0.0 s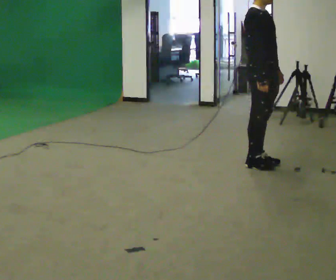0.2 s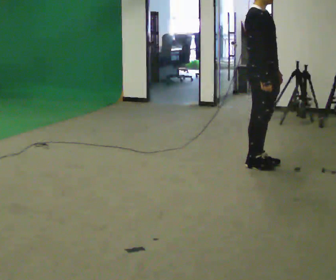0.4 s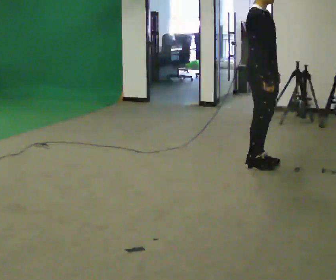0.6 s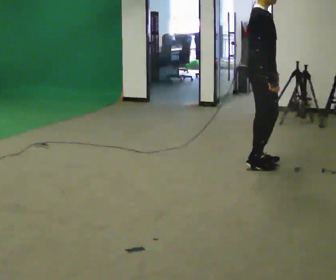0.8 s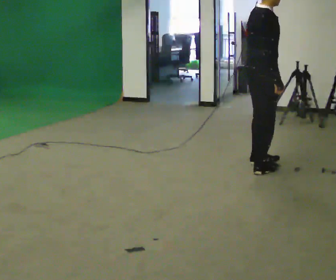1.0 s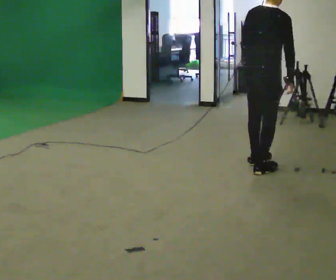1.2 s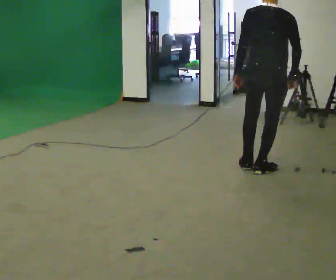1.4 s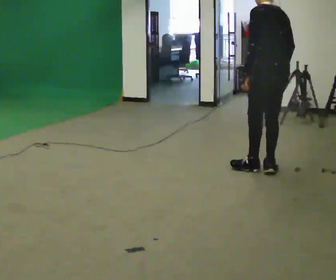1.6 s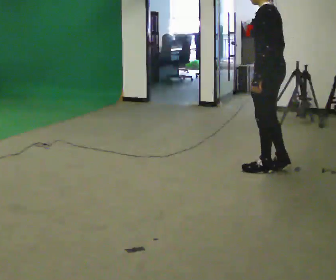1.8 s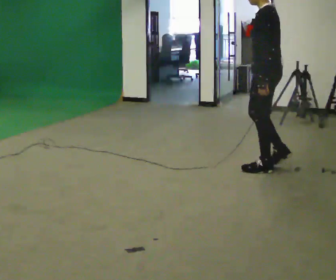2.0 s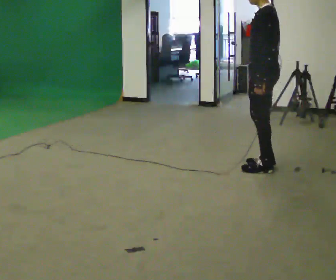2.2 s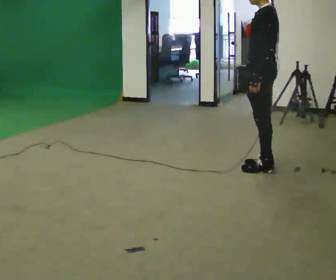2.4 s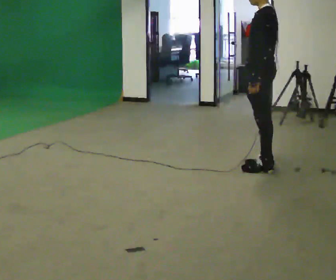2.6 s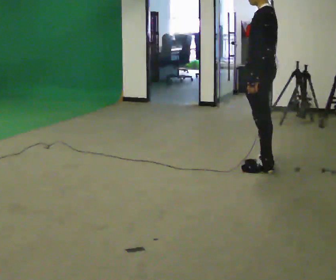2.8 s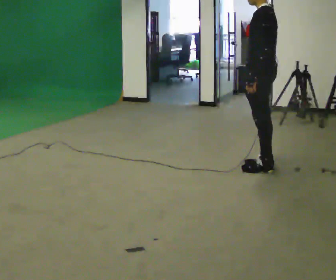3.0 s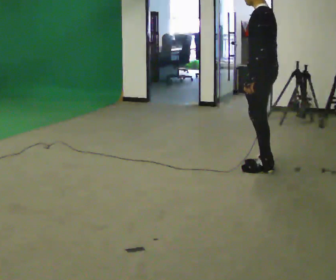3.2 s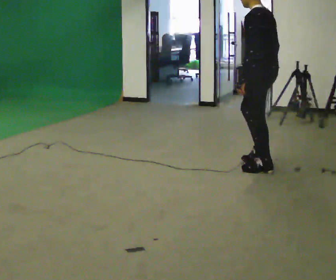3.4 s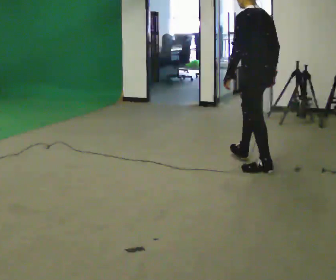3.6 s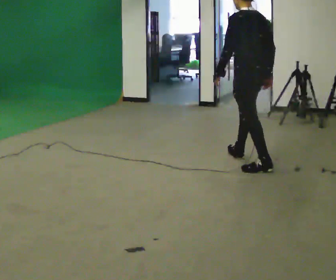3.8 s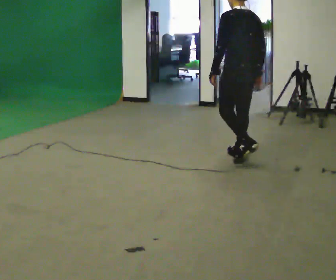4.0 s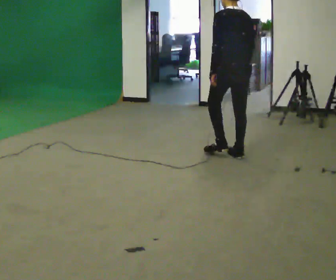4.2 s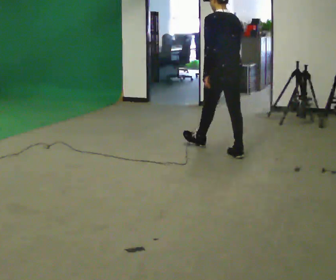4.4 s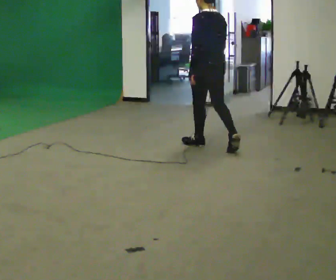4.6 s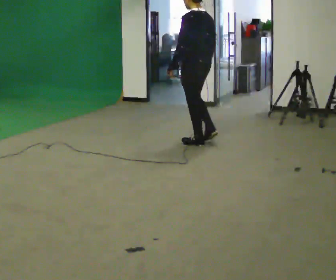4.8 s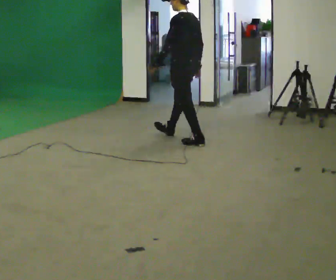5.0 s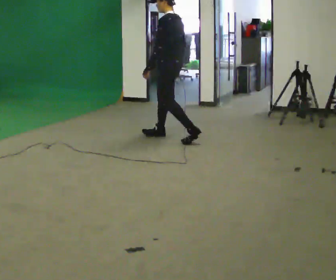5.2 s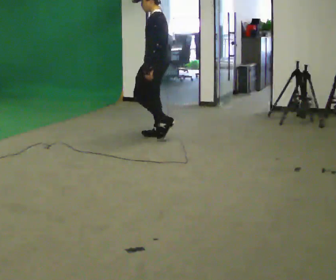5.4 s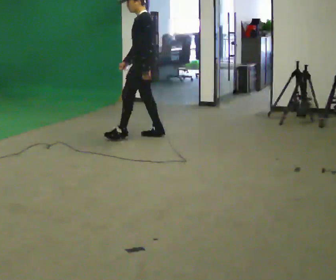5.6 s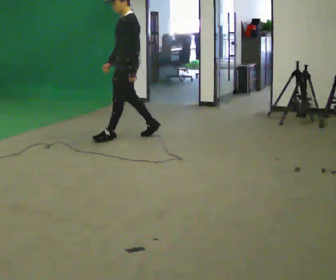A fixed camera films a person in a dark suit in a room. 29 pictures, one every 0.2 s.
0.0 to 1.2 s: The person turns about 105 degrees to their left, counterclockwise seen from above, so the part of the body nearest the lens slides to the right. In the picture they go toward the camera, about 0.25 m in 1 step. In the picture their left hand goes to the left, the arm swinging clockwise.
1.2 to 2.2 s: The person turns about 90 degrees to their left, counterclockwise seen from above, so the part of the body nearest the lens slides to the right. In the picture their right hand goes to the left.
2.2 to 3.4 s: Seen from above the body turns clockwise, about 30 degrees: to their right, with its near side sliding to the left.
3.4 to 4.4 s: In the picture they go away from the camera and to the left, about 1 m in 2 steps, which for them is forward.
4.4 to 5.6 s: The person turns about 75 degrees to their left, counterclockwise seen from above, so the part of the body nearest the lens slides to the right. In the picture they go to the left, about 1 m in 2 steps.
The film runs forward here.
